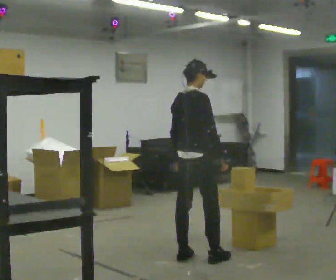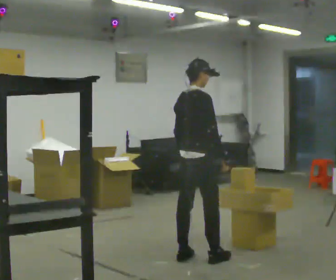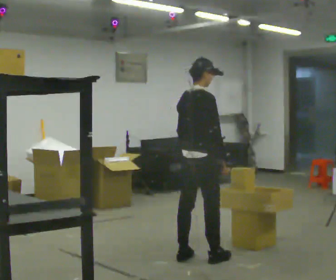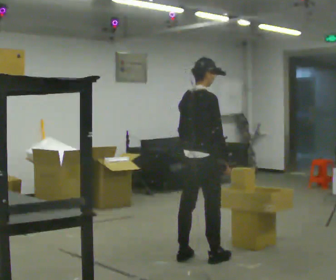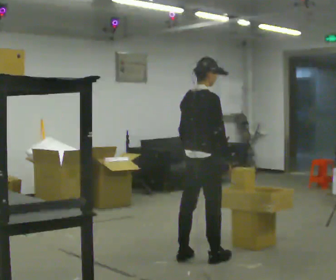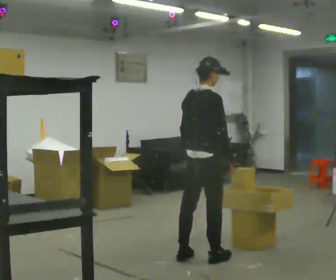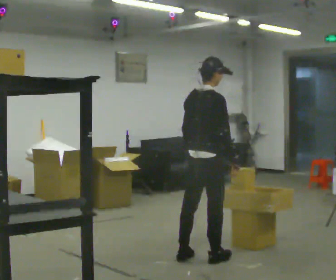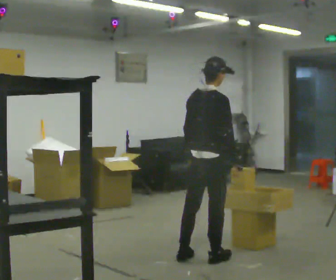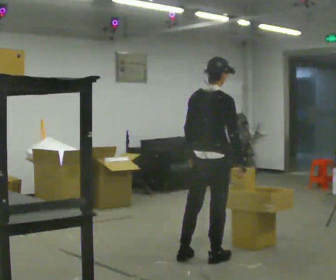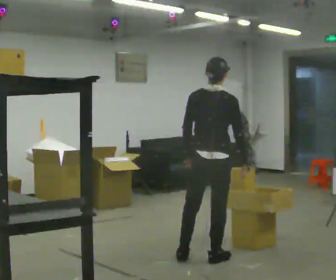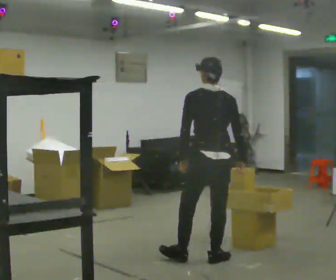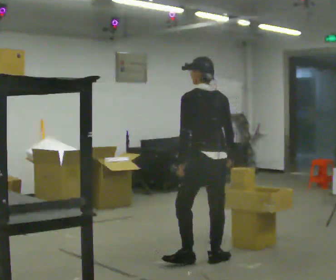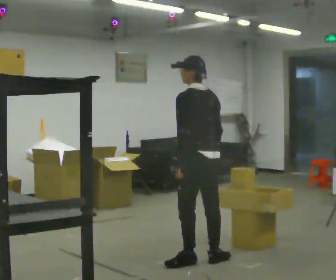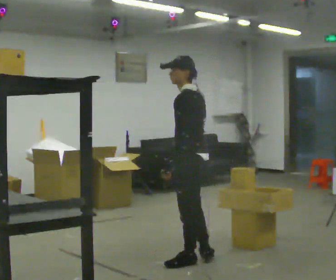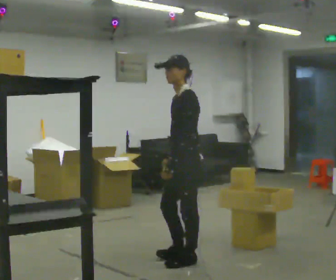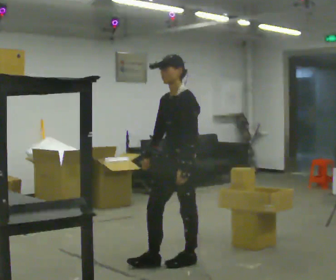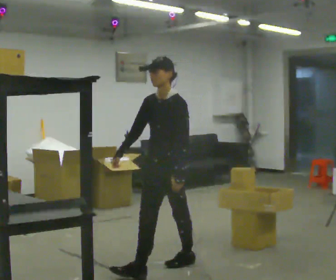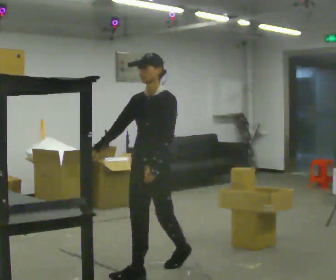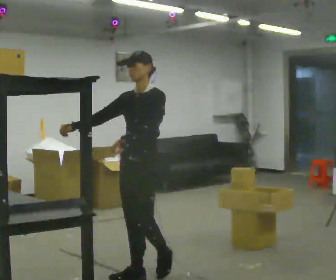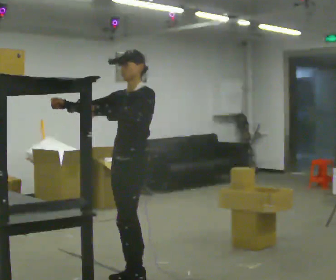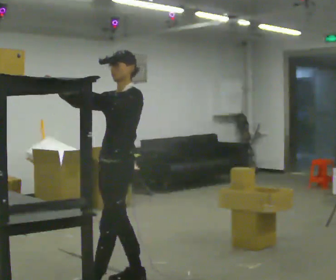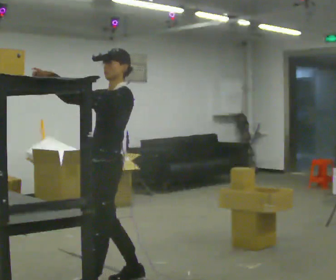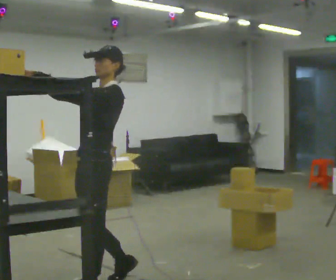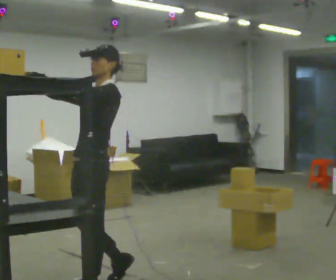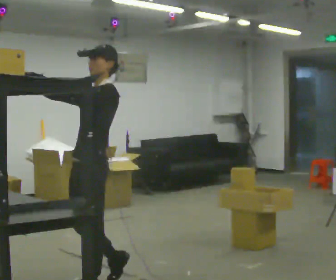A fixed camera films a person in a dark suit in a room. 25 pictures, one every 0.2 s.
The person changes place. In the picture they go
toward the camera.
Their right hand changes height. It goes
upward.
0.0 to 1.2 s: The person moves a little, or ends about where they began.
1.2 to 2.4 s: Seen from above the body turns counterclockwise, about 90 degrees: to their left, with its near side sliding to the right.
2.4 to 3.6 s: The part of the body nearest the lens slides to the right as the person turns to their left by about 105 degrees. In the picture they go to the left and toward the camera, about 0.5 m in 1 step.
3.6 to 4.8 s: In the picture they go toward the camera and to the left, about 0.5 m in 1 step, which for them is forward. In the picture their left hand goes upward.
The film runs forward here.
